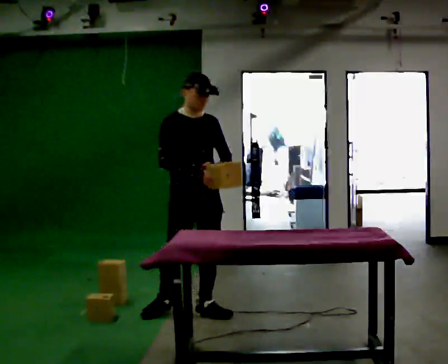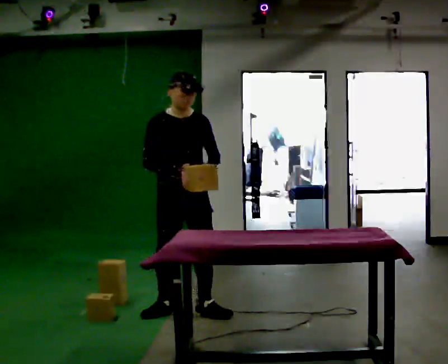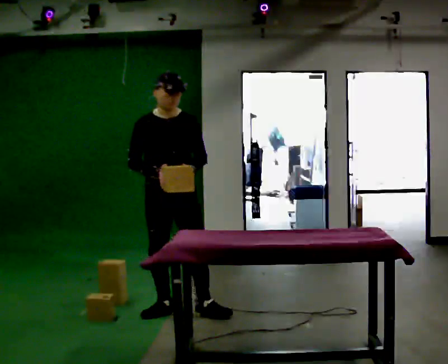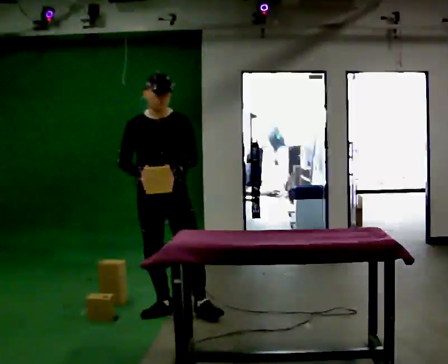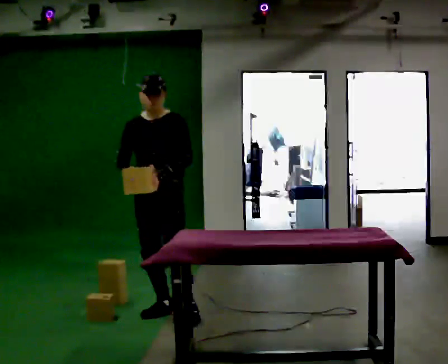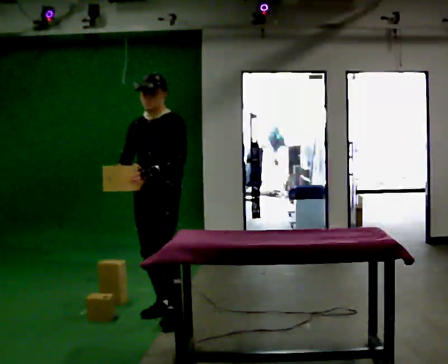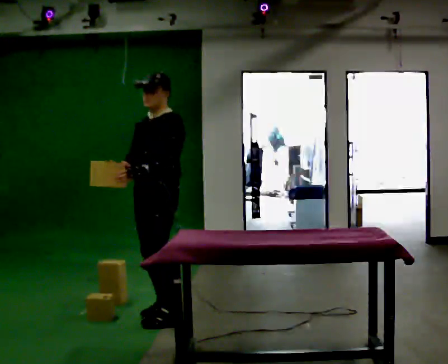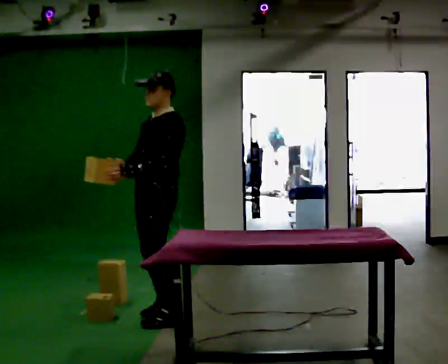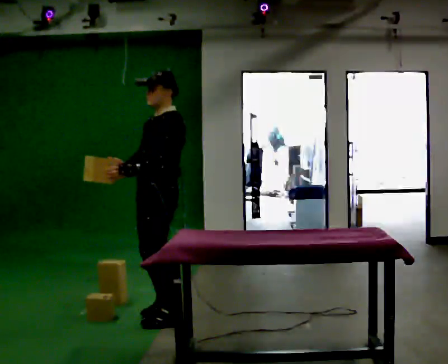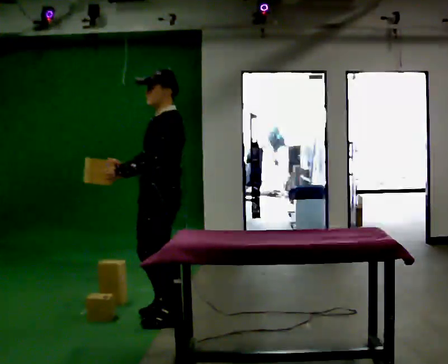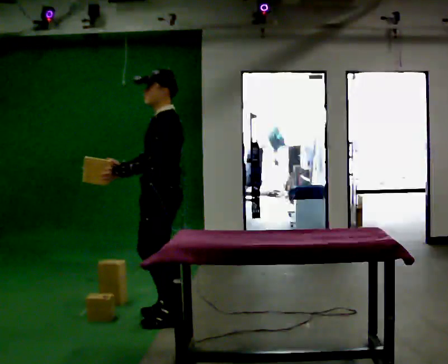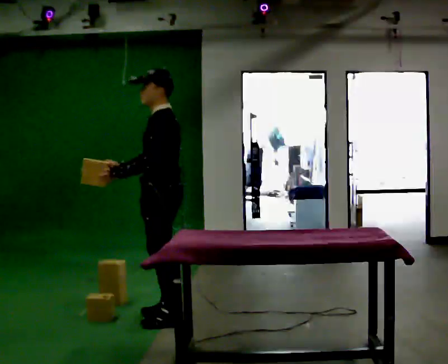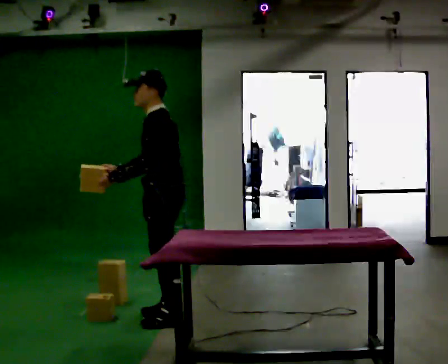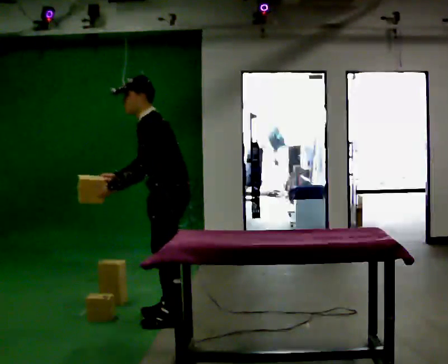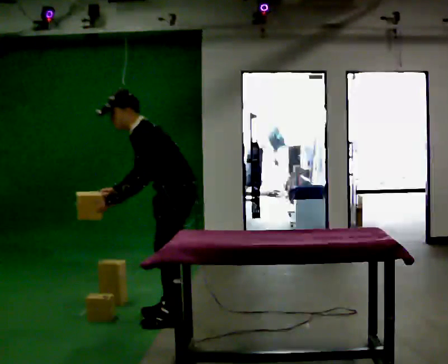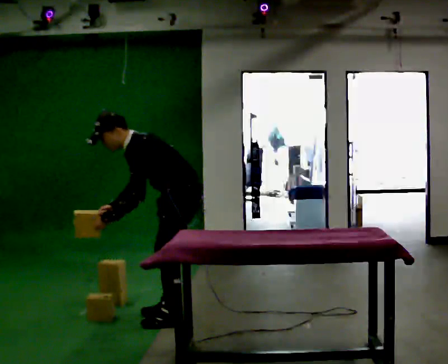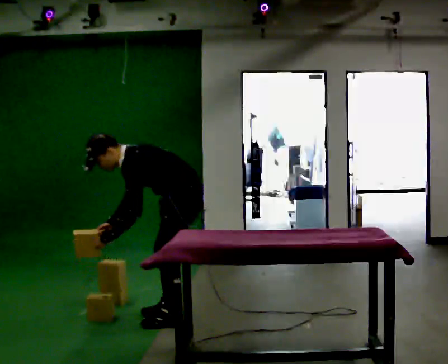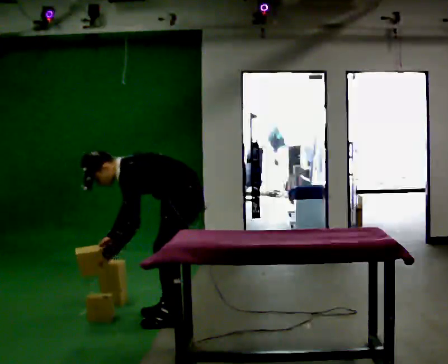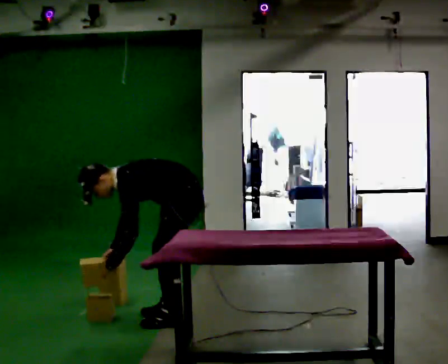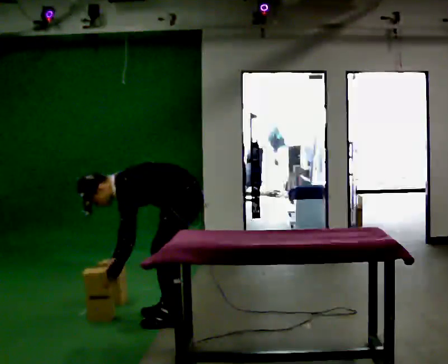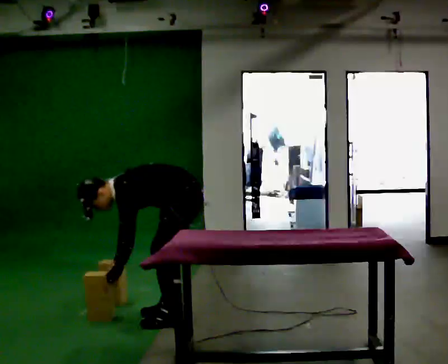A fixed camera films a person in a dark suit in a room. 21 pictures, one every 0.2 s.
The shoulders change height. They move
downward.
The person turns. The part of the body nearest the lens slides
to the left.
0.0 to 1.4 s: The part of the body nearest the lens slides to the left as the person turns to their right by about 90 degrees. In the picture they go to the left, about 0.25 m in 1 step. In the picture their left hand goes to the left, the arm swinging clockwise.
1.4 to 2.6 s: Seen from above the body turns clockwise, about 30 degrees: to their right, with its near side sliding to the left. In the picture the upper body tilts counterclockwise, shoulders to the left, as they bend forward.
2.6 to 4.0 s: The upper body goes downward. In the picture the upper body tilts counterclockwise, shoulders to the left, as they bend forward. In the picture their right hand goes downward.
The film runs backward here.
